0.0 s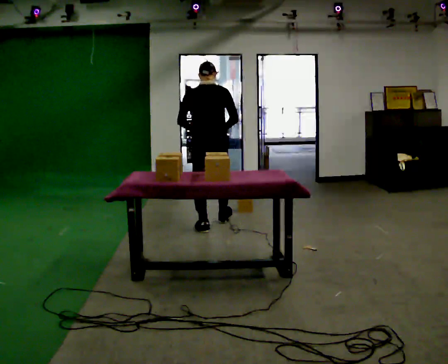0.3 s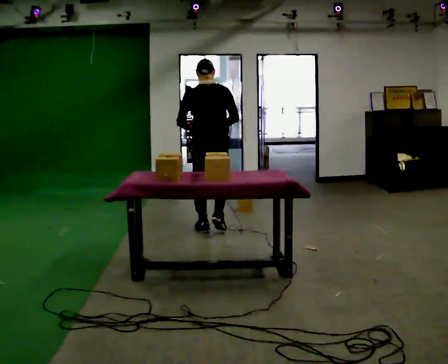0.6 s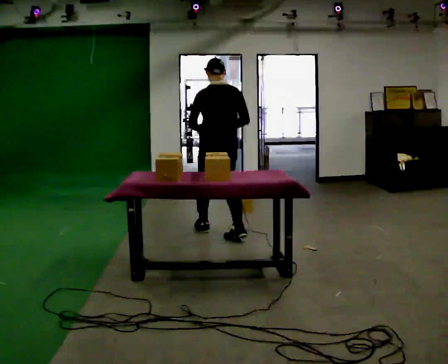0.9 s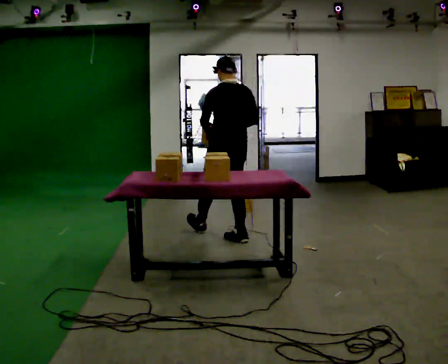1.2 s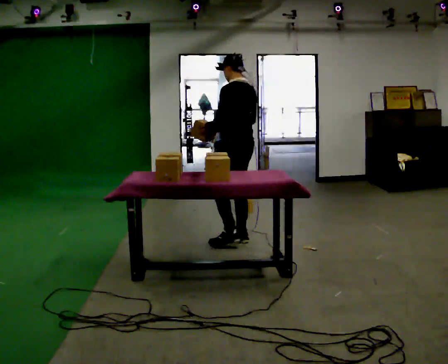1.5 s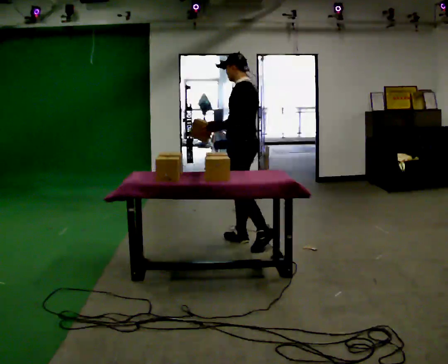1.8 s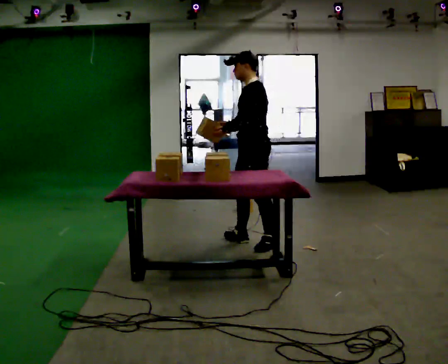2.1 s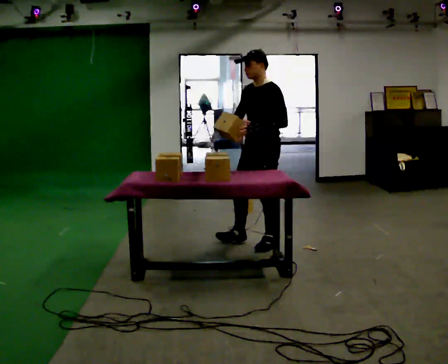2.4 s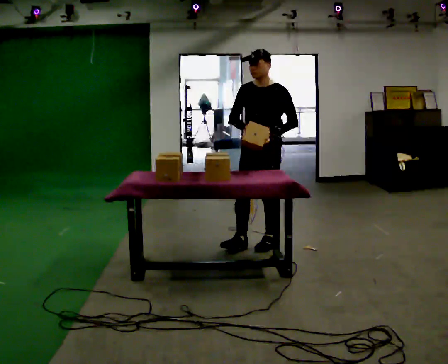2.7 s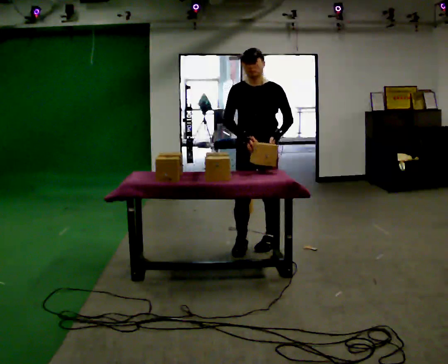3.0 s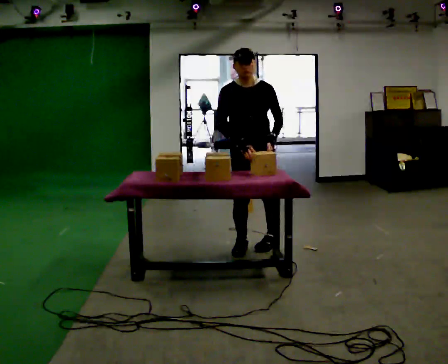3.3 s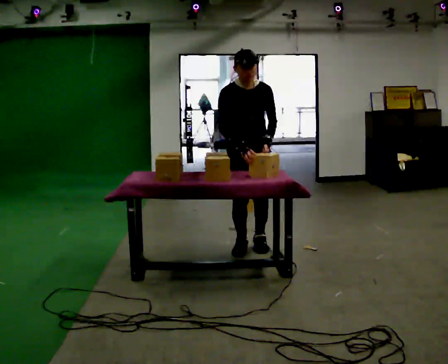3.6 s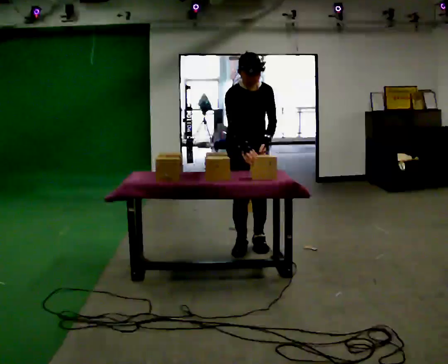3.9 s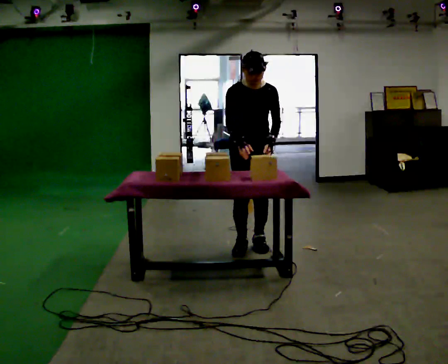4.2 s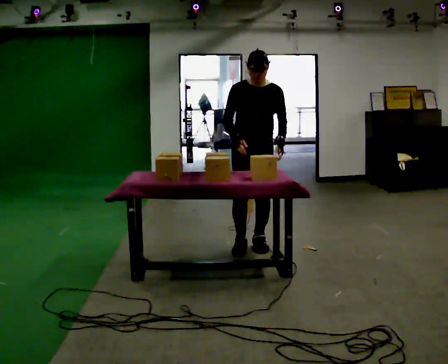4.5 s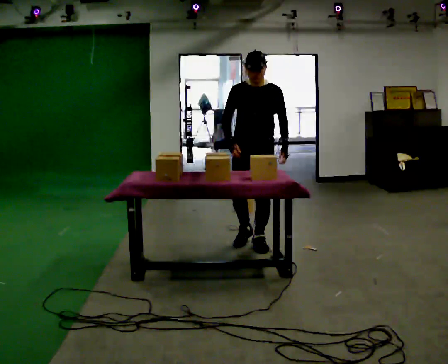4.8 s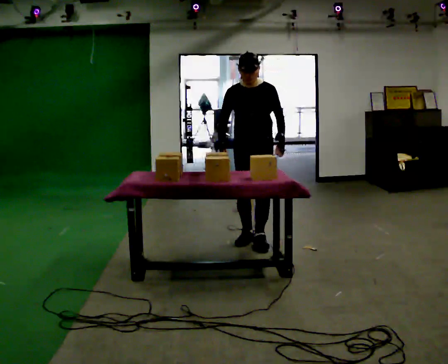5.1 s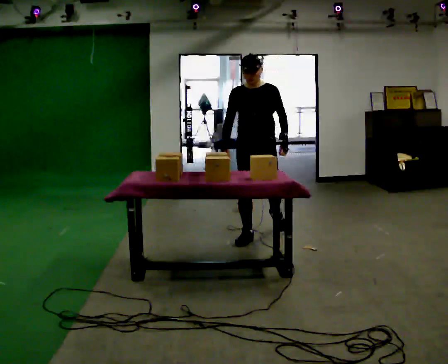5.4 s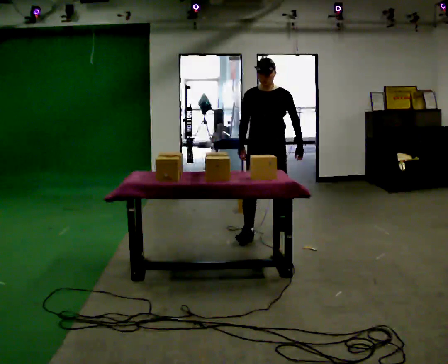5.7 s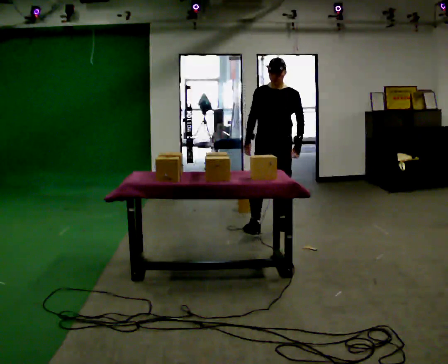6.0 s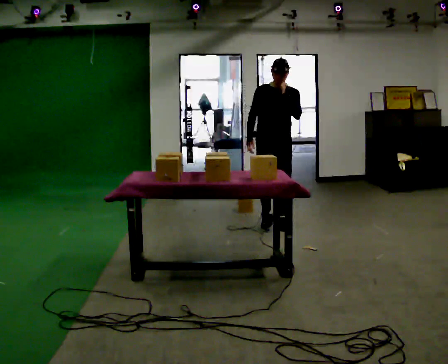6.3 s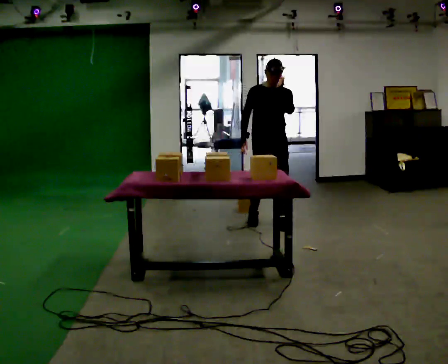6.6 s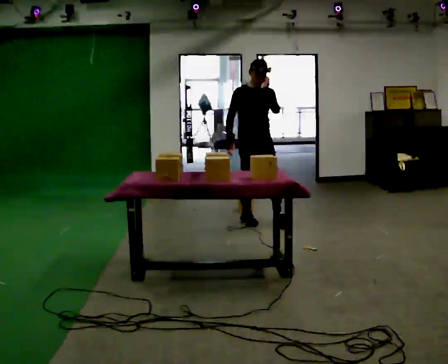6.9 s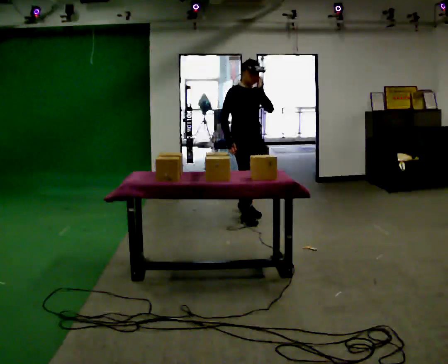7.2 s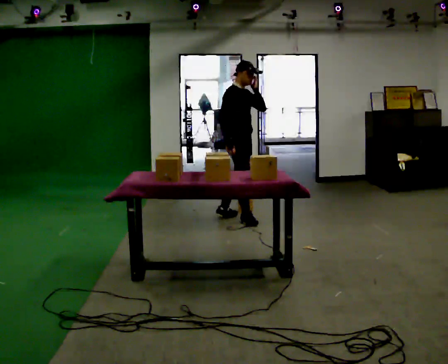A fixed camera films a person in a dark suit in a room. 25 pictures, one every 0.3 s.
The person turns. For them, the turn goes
to their left.
The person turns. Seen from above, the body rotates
counterclockwise.
0.0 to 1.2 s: The part of the body nearest the lens slides to the right as the person turns to their left by about 45 degrees. In the picture they go toward the camera and to the right, about 0.5 m in 1 step, which for them is backward and to their right.
1.2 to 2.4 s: The part of the body nearest the lens slides to the right as the person turns to their left by about 105 degrees. In the picture they go to the right and toward the camera, about 0.25 m.
2.4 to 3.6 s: The person turns about 60 degrees to their left, counterclockwise seen from above, so the part of the body nearest the lens slides to the right. In the picture they go to the left, about 0.25 m, which for them is to their right. The upper body tips toward the camera, its near side rolling downward, as they bend forward.
3.6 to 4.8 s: The person turns about 30 degrees to their right, clockwise seen from above, so the part of the body nearest the lens slides to the left. In the picture they go away from the camera, about 0.25 m in 2 steps, which for them is backward.
4.8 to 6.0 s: In the picture they go away from the camera, about 0.5 m in 1 step, which for them is backward. In the picture their left hand goes upward.
6.0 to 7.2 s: The part of the body nearest the lens slides to the right as the person turns to their left by about 75 degrees. In the picture they go to the left and away from the camera, about 0.5 m in 1 step.
The film runs backward here.
